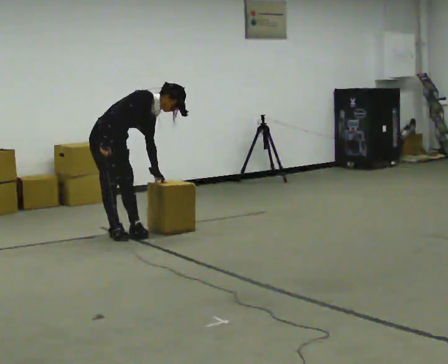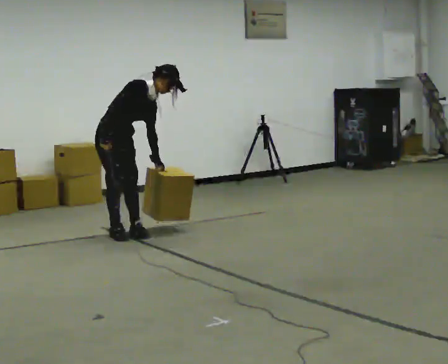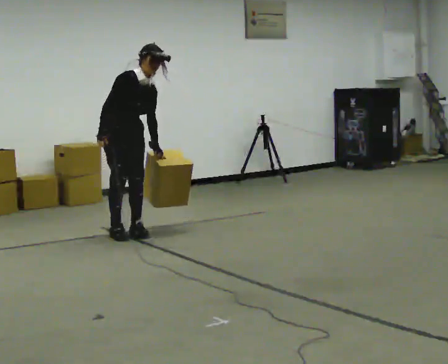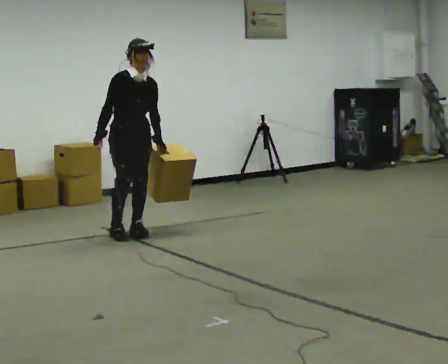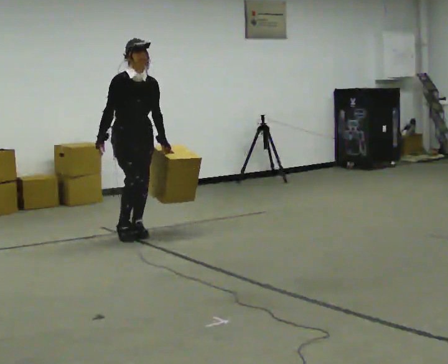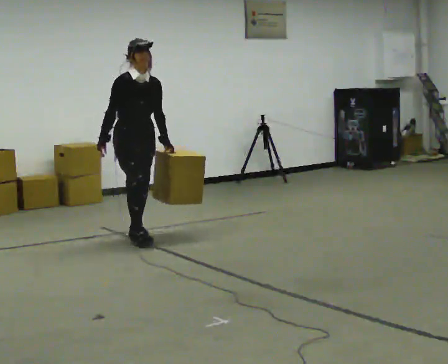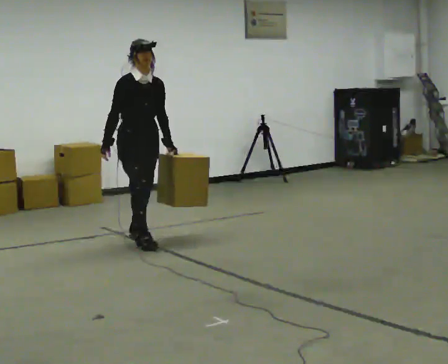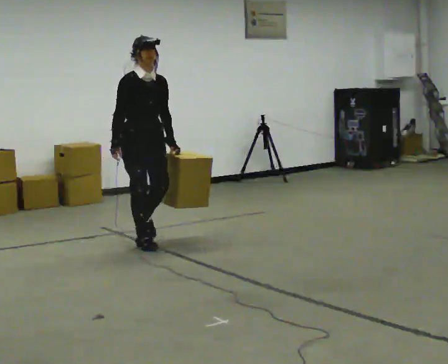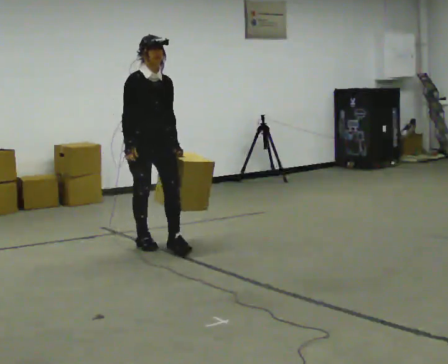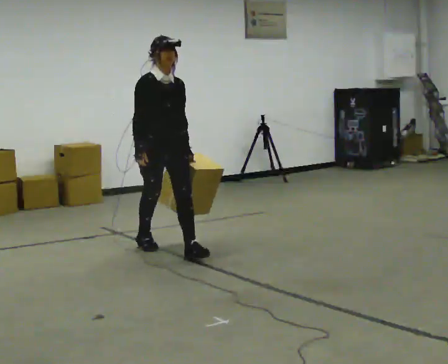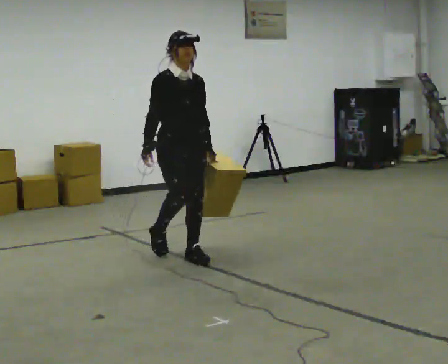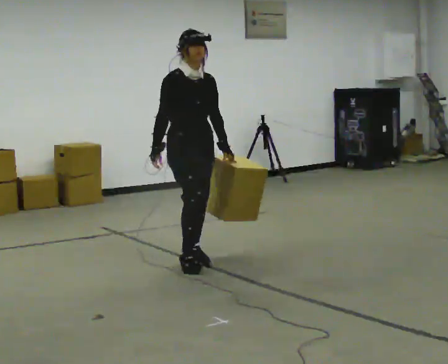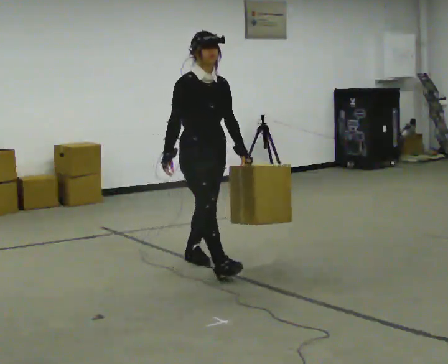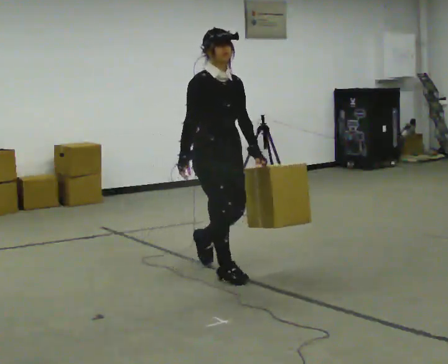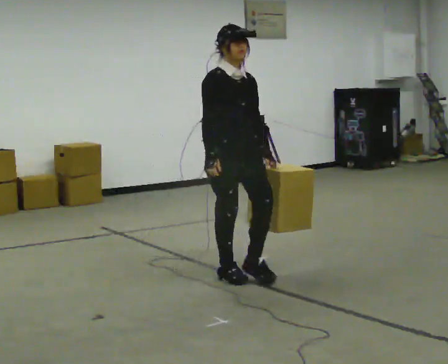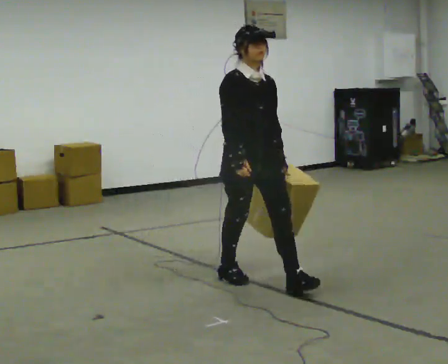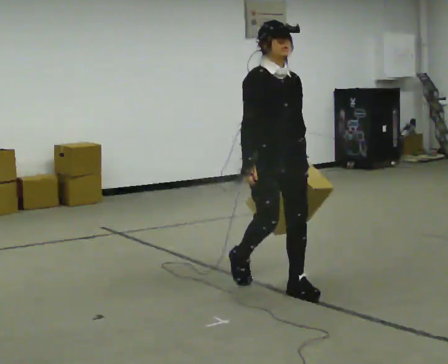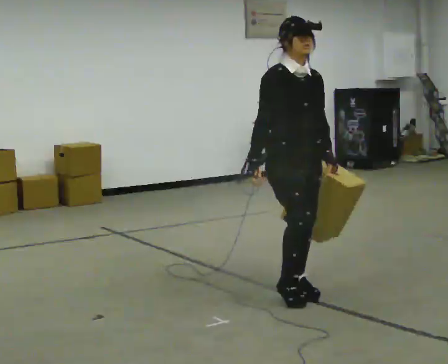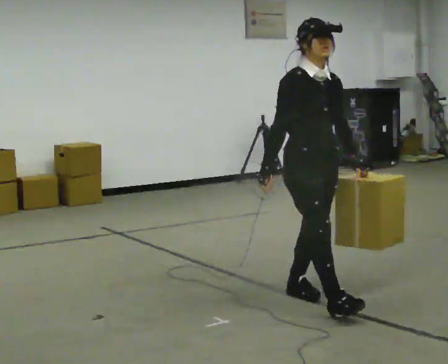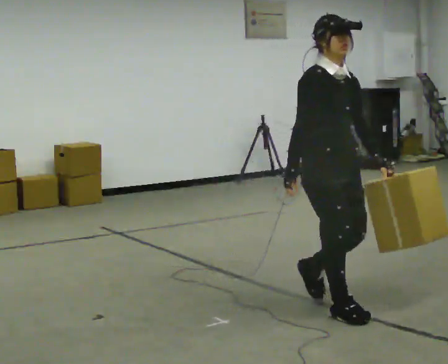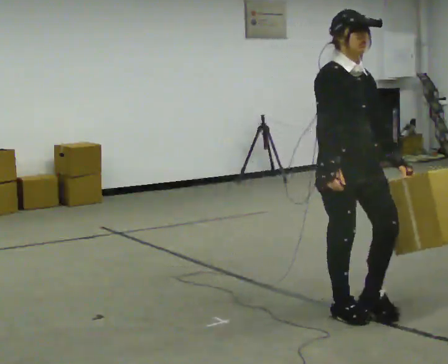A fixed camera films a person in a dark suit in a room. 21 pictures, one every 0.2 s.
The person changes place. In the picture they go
toward the camera.
The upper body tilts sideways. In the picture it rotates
counterclockwise.
0.0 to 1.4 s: The part of the body nearest the lens slides to the left as the person turns to their right by about 45 degrees. In the picture they go toward the camera and to the right, about 0.5 m in 1 step, which for them is forward. The shoulders move upward. In the picture the upper body tilts counterclockwise, shoulders to the left, as they lean back or straighten.
1.4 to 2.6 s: In the picture they go toward the camera and to the right, about 1 m in 2 steps, which for them is forward.
2.6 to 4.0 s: In the picture they go toward the camera and to the right, about 1 m in 2 steps, which for them is forward.
The film runs forward here.
